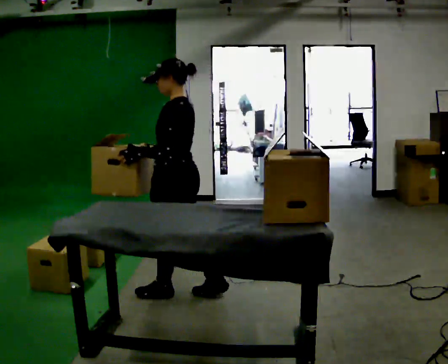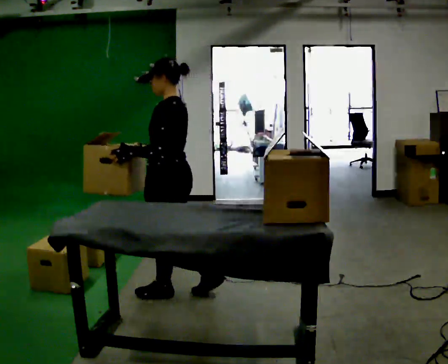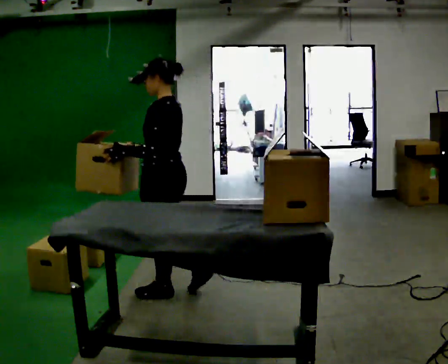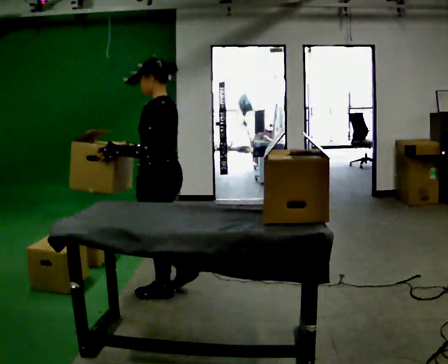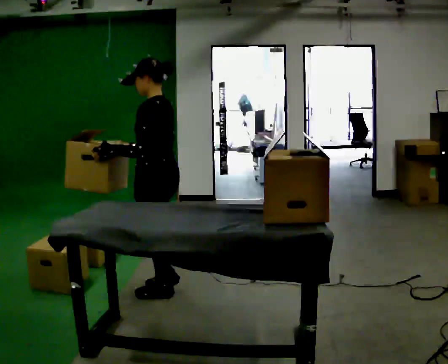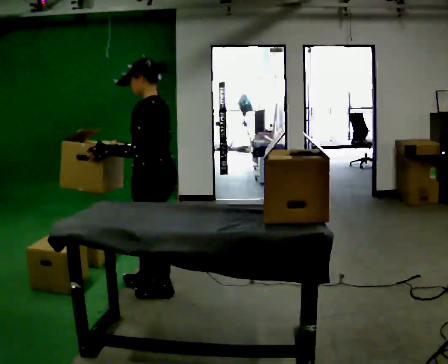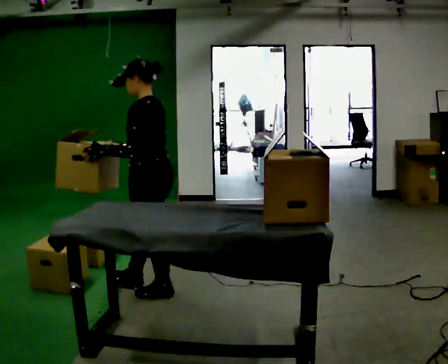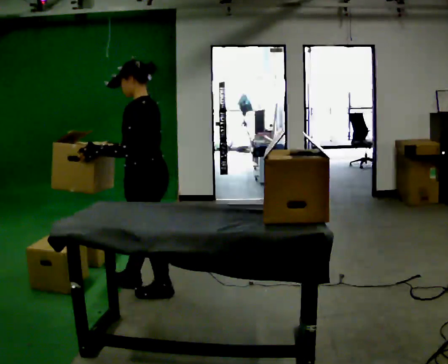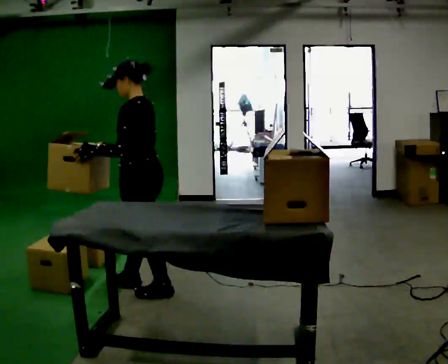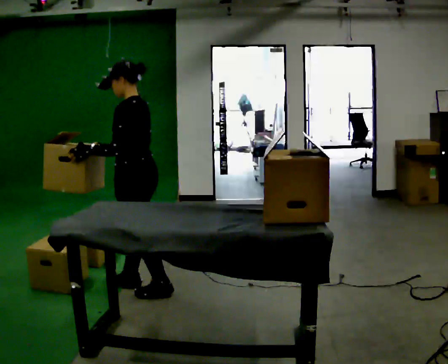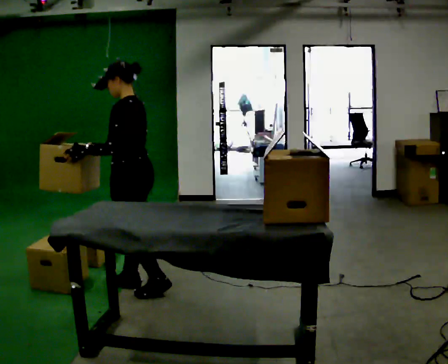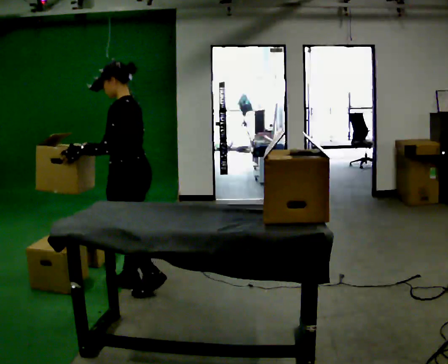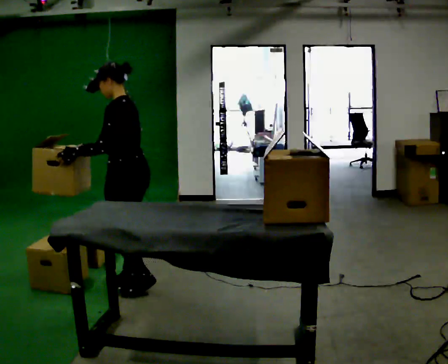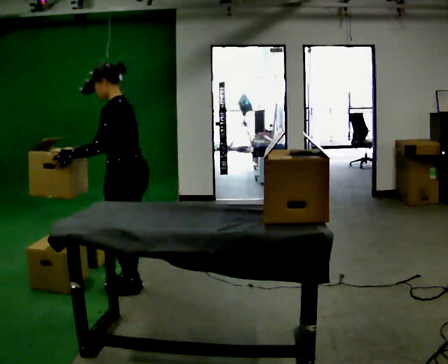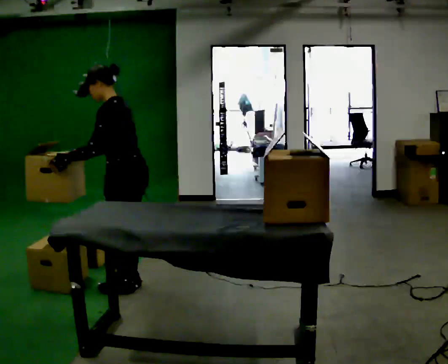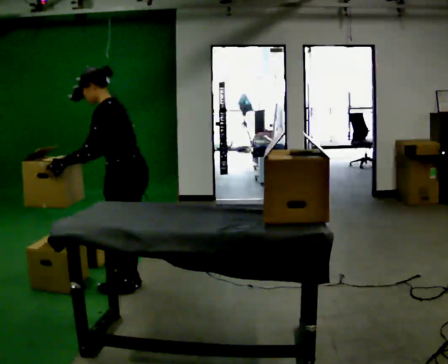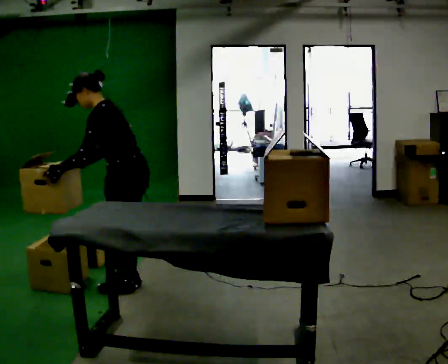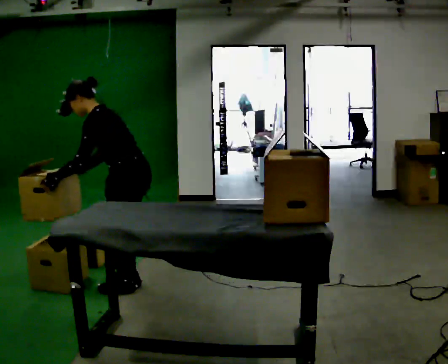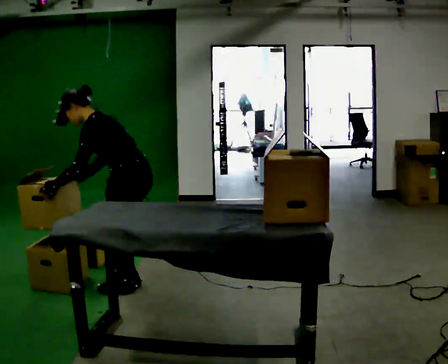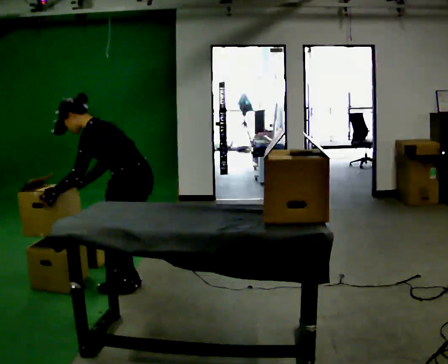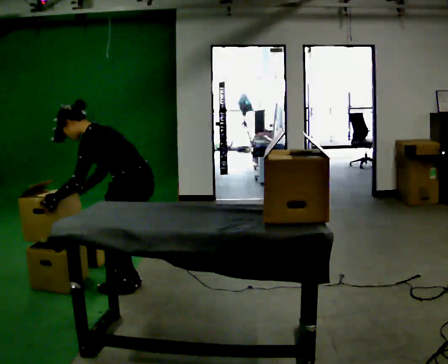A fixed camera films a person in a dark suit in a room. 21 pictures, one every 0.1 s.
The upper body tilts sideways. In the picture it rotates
counterclockwise.
0.0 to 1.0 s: In the picture they go to the left and away from the camera, about 0.25 m in 1 step, which for them is forward.
1.0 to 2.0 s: The shoulders move downward. In the picture the upper body tilts counterclockwise, shoulders to the left, as they bend forward.
The film runs forward here.
